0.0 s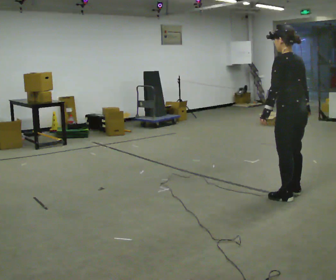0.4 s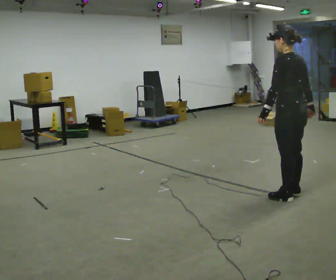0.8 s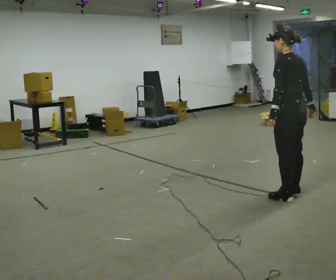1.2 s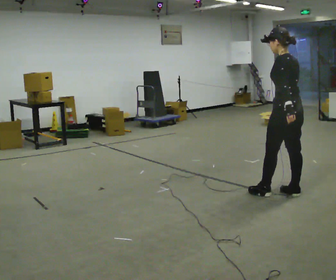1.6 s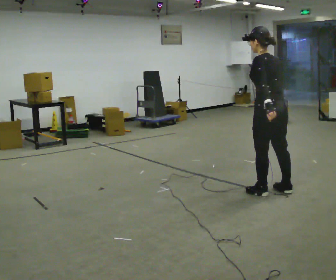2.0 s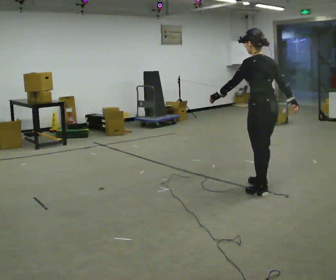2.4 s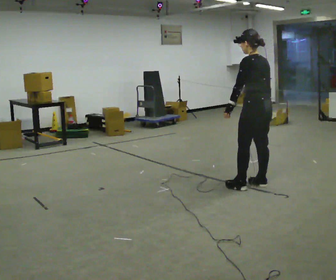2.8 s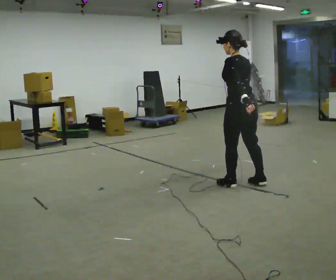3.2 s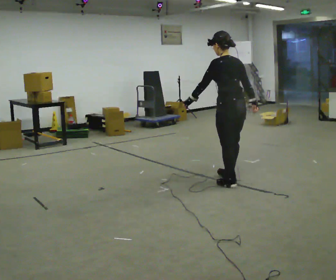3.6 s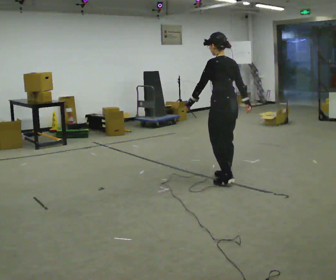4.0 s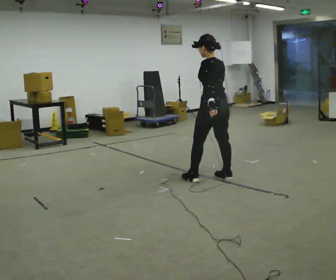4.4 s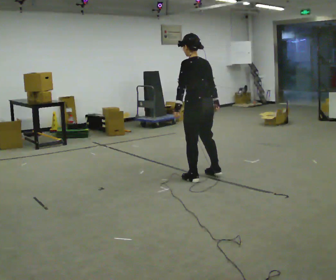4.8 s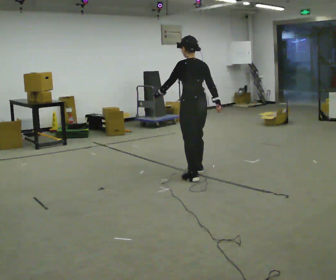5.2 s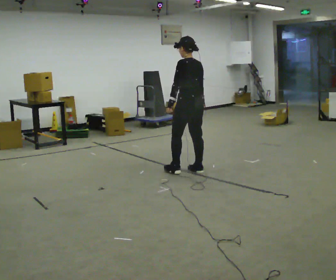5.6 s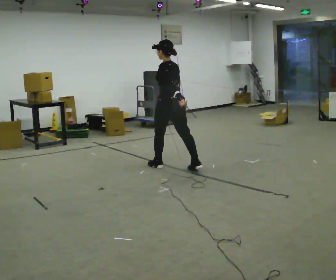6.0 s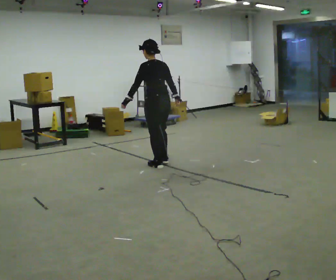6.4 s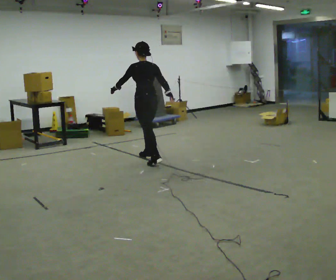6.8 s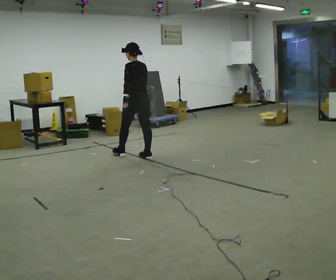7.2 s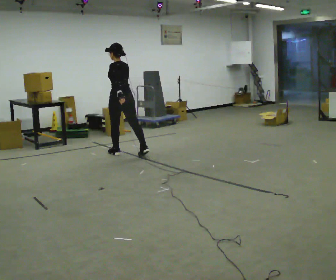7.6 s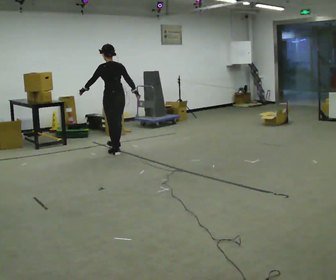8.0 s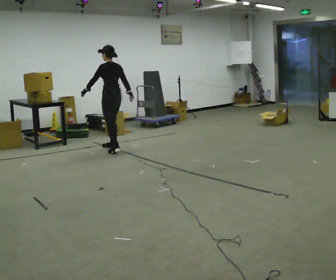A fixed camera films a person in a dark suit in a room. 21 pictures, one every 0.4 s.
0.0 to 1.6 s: In the picture they go to the left, about 0.25 m in 1 step, which for them is forward.
1.6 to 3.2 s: In the picture they go away from the camera and to the left, about 0.5 m in 2 steps, which for them is forward.
3.2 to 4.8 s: In the picture they go away from the camera and to the left, about 0.5 m in 3 steps, which for them is forward.
4.8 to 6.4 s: In the picture they go away from the camera and to the left, about 1 m in 2 steps, which for them is forward.
6.4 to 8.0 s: In the picture they go away from the camera and to the left, about 1 m in 2 steps, which for them is forward.
The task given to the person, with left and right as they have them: Walk forward with your feet closer together than normal, or further apart than normal, as the operator states; stop.
The film runs forward here.
